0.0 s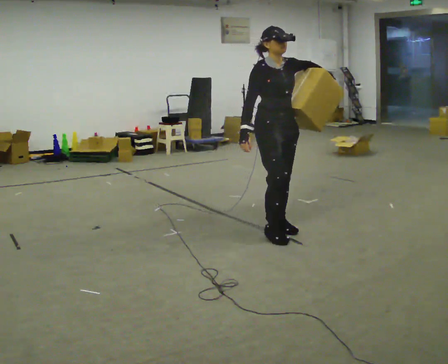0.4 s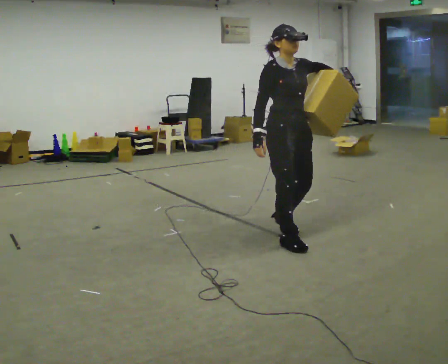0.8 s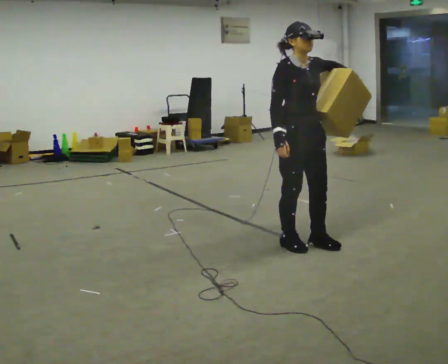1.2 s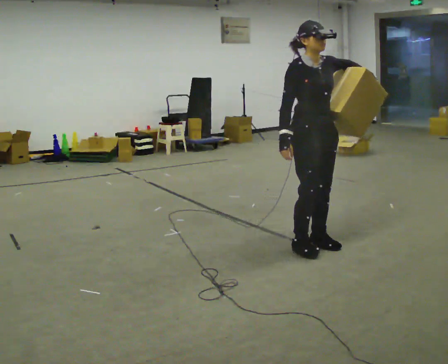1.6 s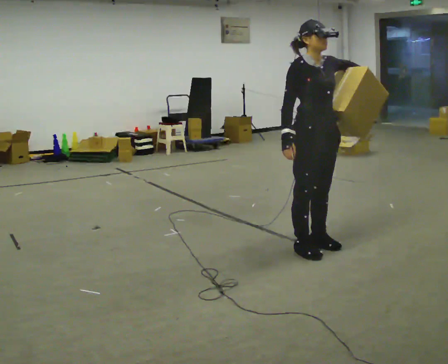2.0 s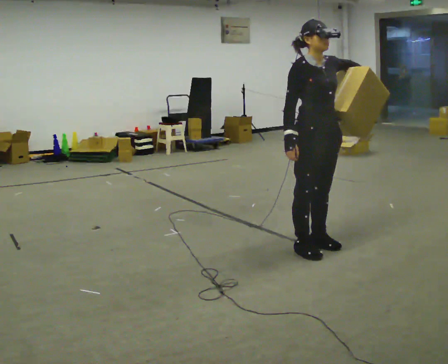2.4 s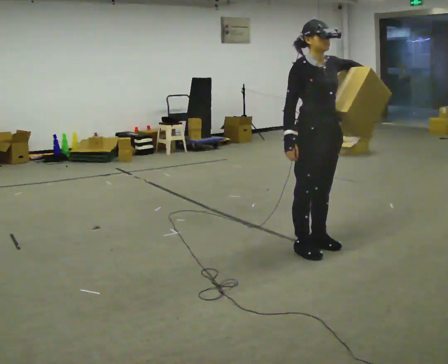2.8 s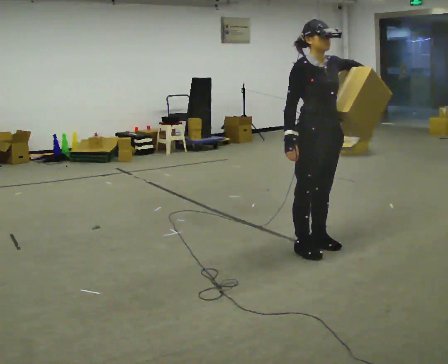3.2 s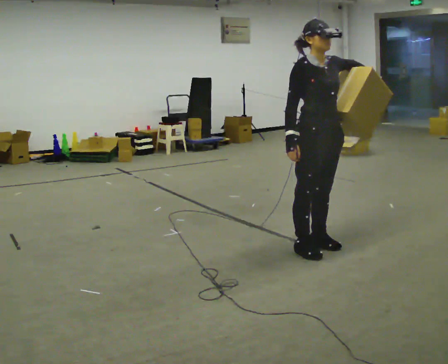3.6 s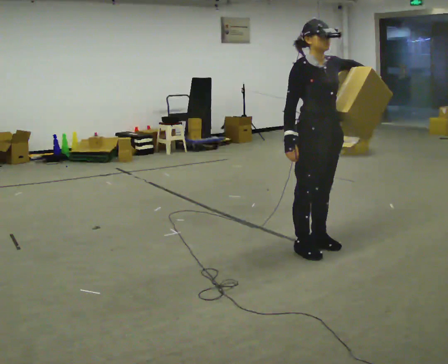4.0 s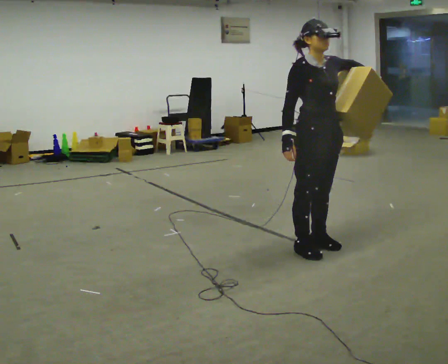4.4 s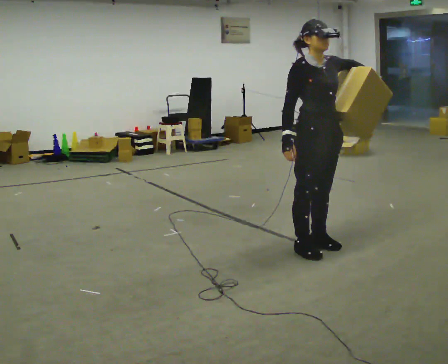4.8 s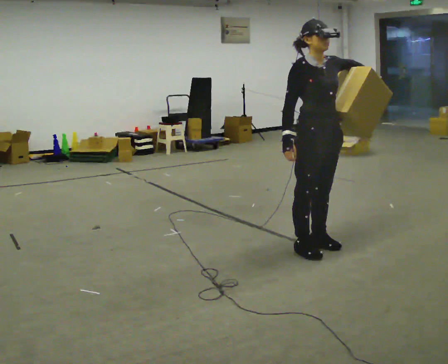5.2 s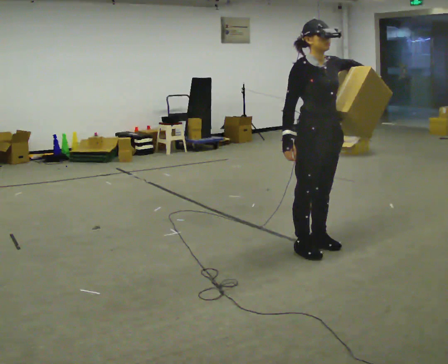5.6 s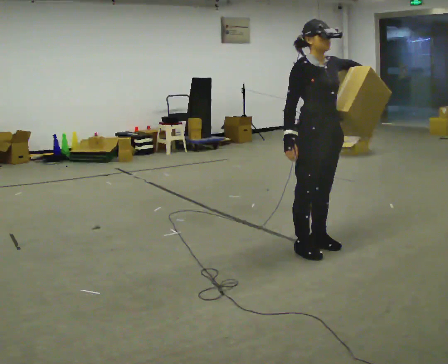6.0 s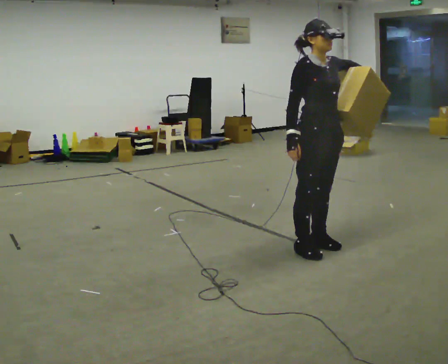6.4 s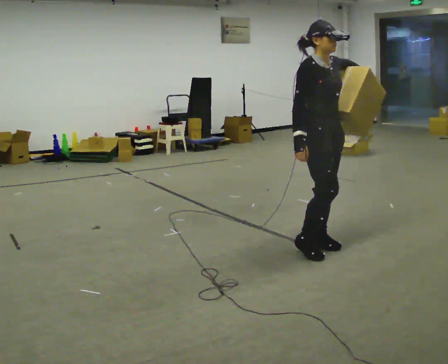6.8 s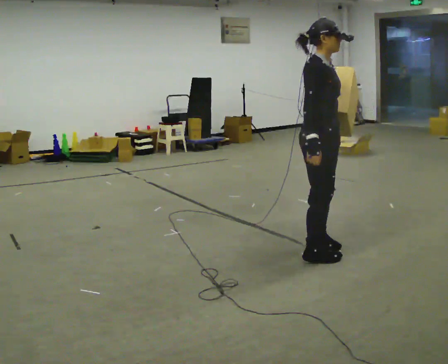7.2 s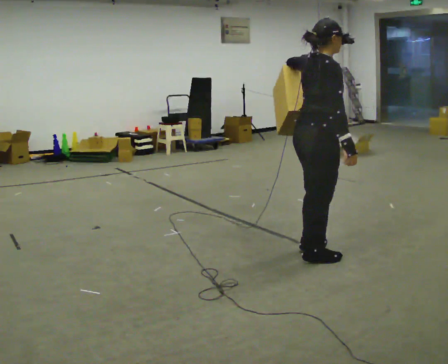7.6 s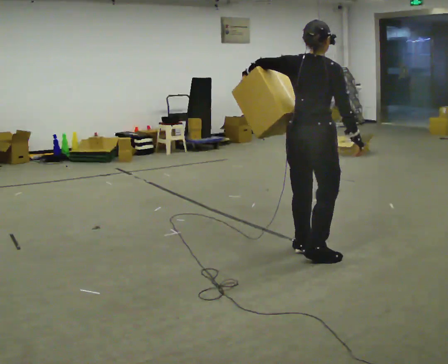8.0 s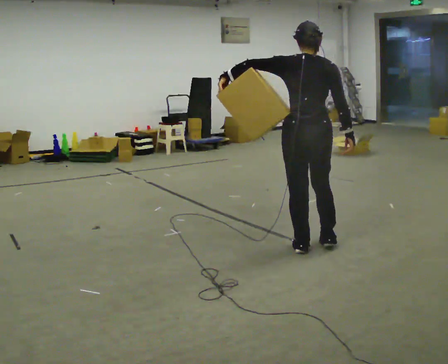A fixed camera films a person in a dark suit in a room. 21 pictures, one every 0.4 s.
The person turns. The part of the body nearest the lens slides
to the right.
The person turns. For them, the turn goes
to their left.
0.0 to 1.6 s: In the picture they go to the right and toward the camera, about 0.5 m in 3 steps, which for them is forward.
1.6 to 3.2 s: The person moves a little, or ends about where they began.
3.2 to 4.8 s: The person keeps their place and pose.
4.8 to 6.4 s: The person moves a little, or ends about where they began.
6.4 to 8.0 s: The part of the body nearest the lens slides to the right as the person turns to their left by about 135 degrees. In the picture their left hand goes to the left.
The film runs forward here.
